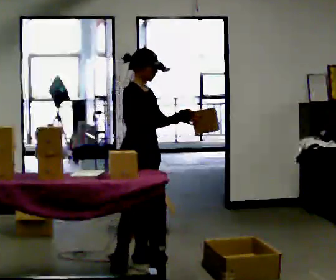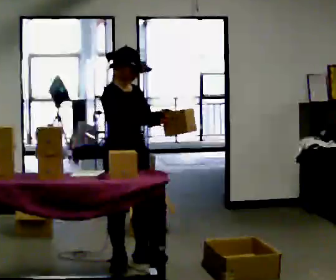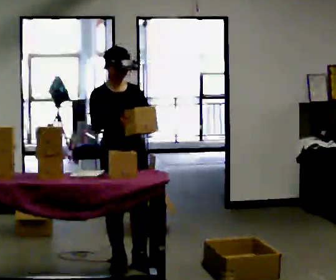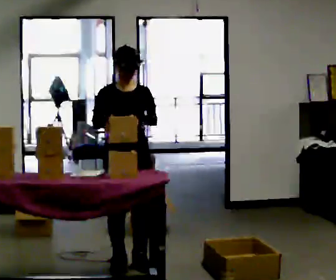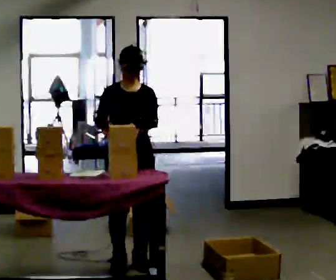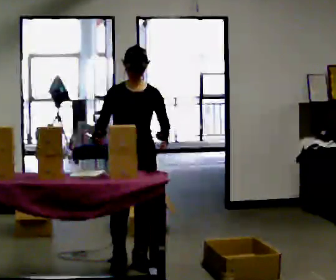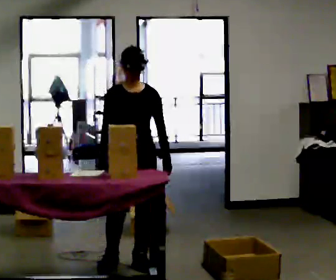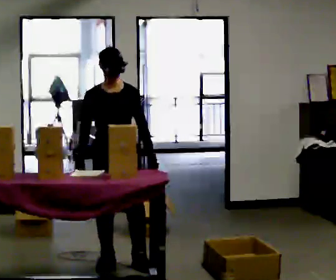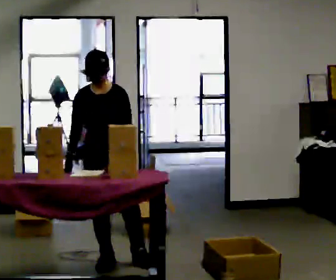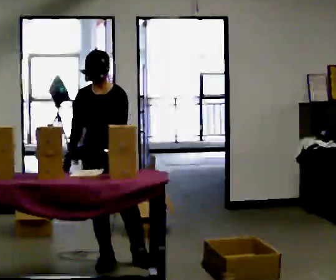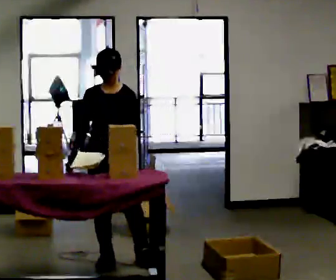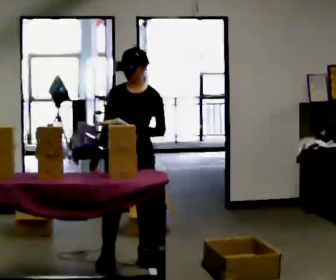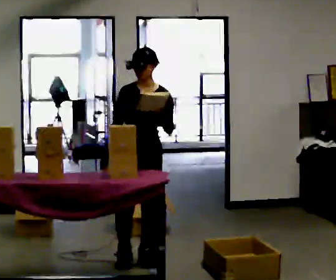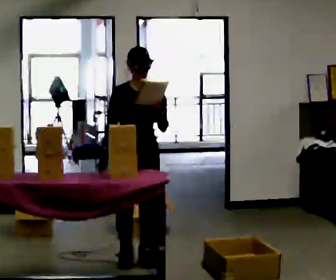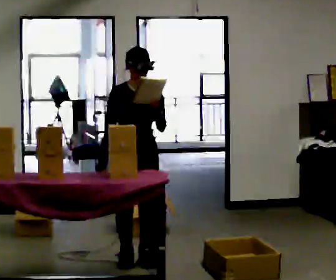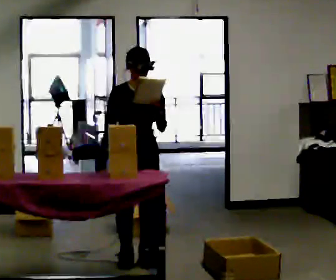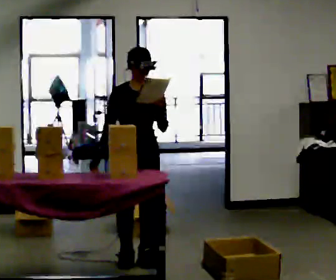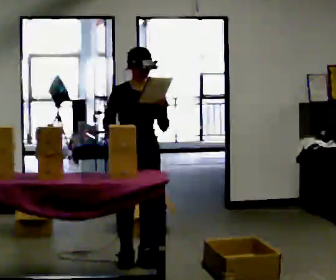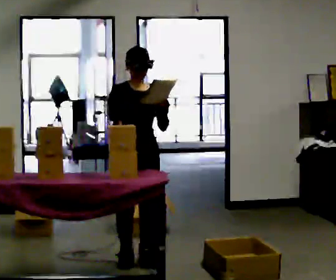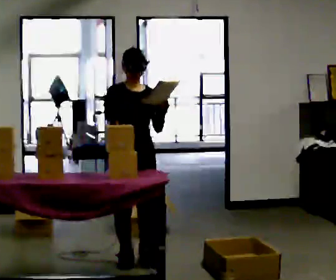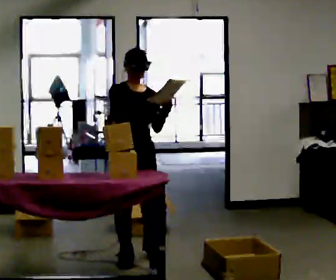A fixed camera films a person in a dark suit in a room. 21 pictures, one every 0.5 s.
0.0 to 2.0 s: The person turns about 60 degrees to their right, clockwise seen from above, so the part of the body nearest the lens slides to the left. In the picture their right hand goes to the left.
2.0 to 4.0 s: In the picture they go to the left, about 0.25 m, which for them is to their right.
4.0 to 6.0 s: In the picture they go to the right, about 0.25 m in 1 step, which for them is to their left and backward.
6.0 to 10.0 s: The person turns about 30 degrees to their left, counterclockwise seen from above, so the part of the body nearest the lens slides to the right.
The film runs backward here.
